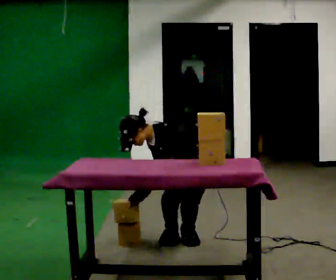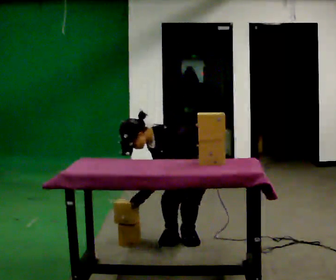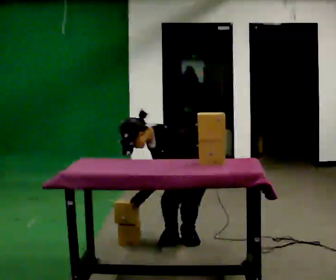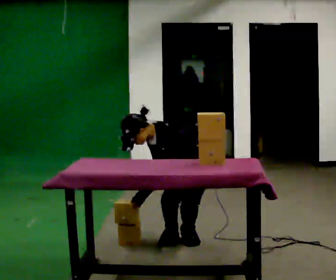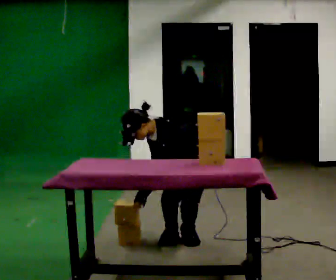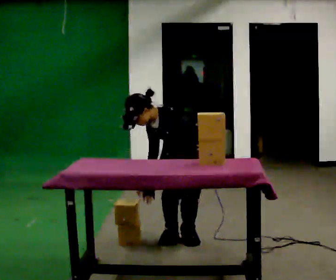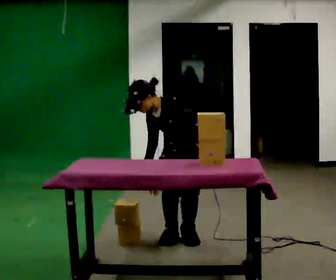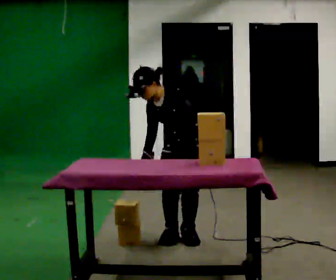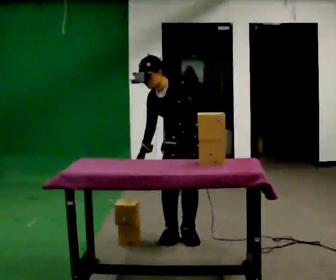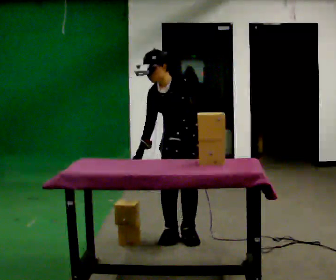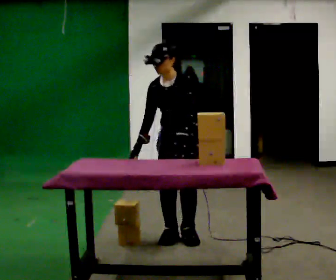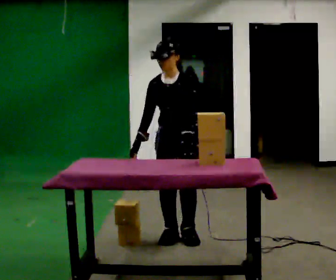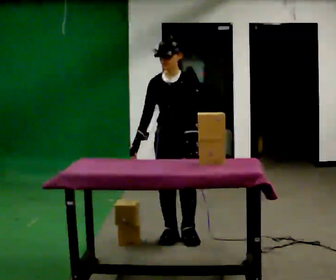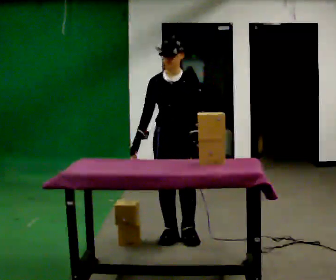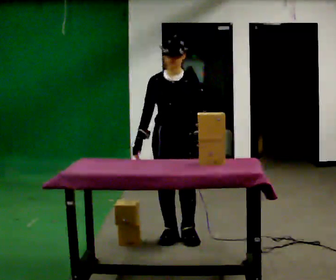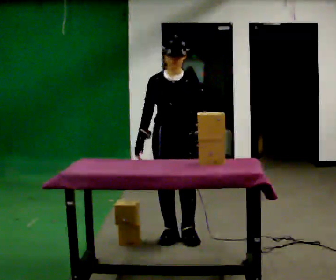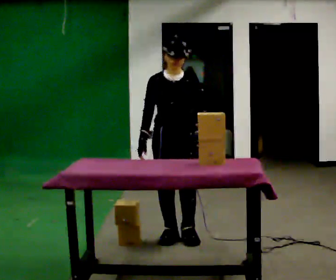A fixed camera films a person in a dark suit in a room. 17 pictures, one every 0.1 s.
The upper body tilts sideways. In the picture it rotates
clockwise.
The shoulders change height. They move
upward.
0.0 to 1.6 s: The part of the body nearest the lens slides to the right as the person turns to their left by about 45 degrees. In the picture they go to the left, about 0.25 m, which for them is forward. The upper body goes upward. In the picture the upper body tilts clockwise, shoulders to the right, as they lean back or straighten. In the picture their left hand goes to the right and upward.
The film runs forward here.
